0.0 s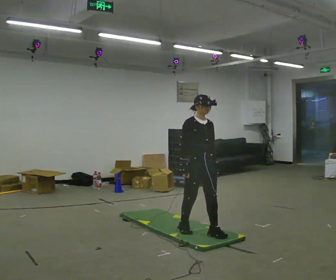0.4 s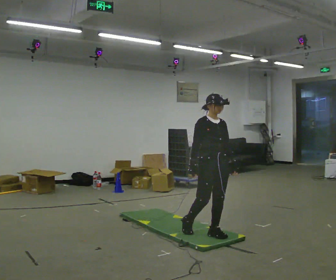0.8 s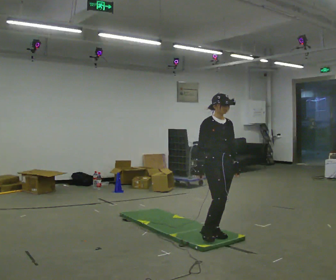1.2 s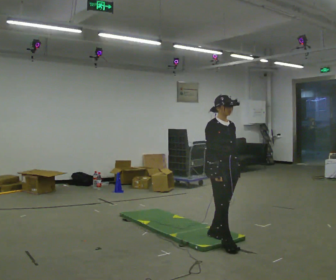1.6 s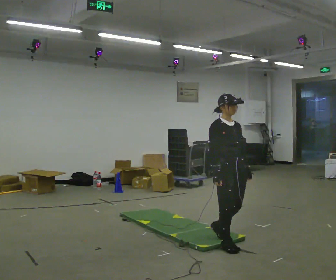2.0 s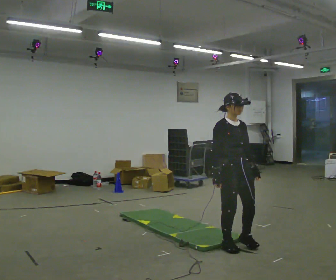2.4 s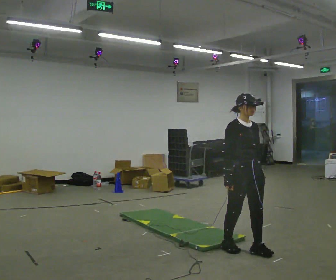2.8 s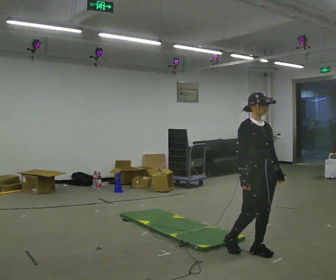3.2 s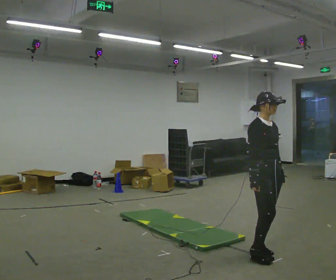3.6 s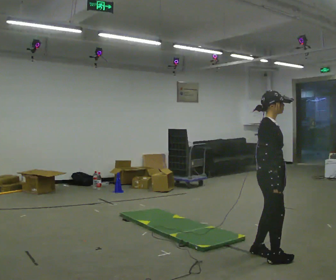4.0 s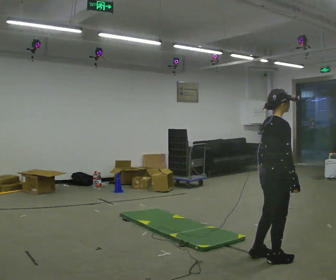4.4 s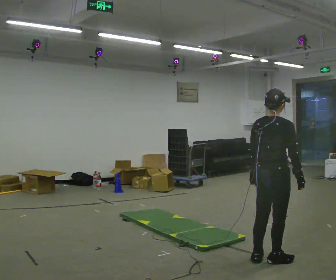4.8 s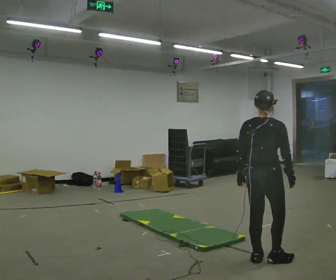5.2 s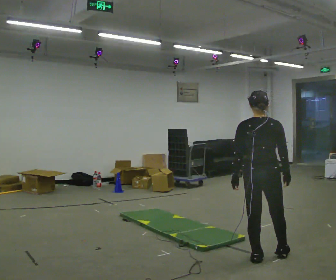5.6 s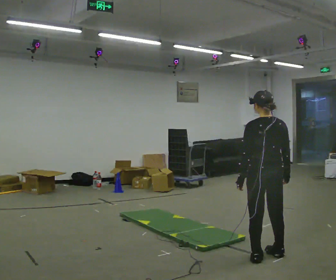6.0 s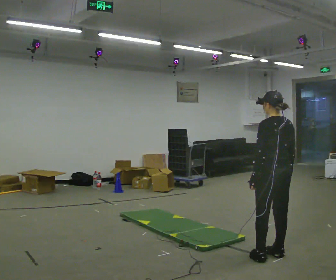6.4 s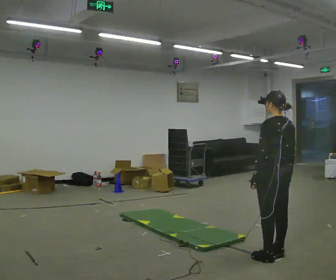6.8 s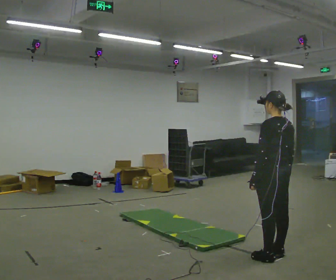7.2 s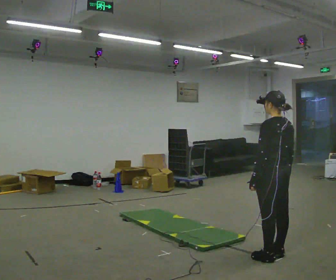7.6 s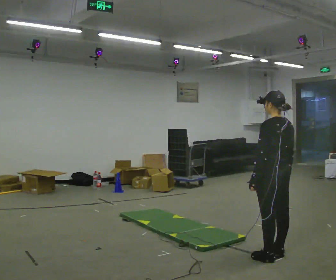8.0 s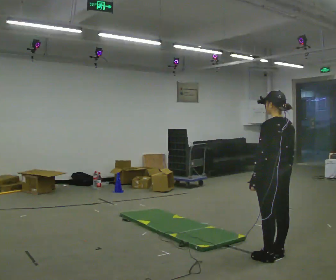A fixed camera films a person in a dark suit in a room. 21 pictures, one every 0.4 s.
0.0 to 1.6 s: In the picture they go to the right and toward the camera, about 0.5 m in 1 step, which for them is forward.
1.6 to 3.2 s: In the picture they go to the right and toward the camera, about 0.5 m in 1 step, which for them is forward.
3.2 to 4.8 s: The part of the body nearest the lens slides to the right as the person turns to their left by about 105 degrees. In the picture they go toward the camera, about 0.25 m in 2 steps. In the picture their right hand goes to the right.
4.8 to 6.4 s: The part of the body nearest the lens slides to the right as the person turns to their left by about 60 degrees.
6.4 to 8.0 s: The person moves a little, or ends about where they began.
The film runs forward here.
